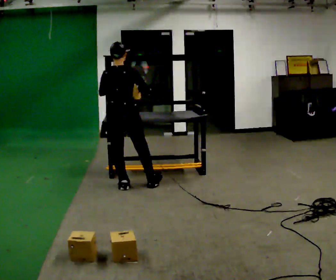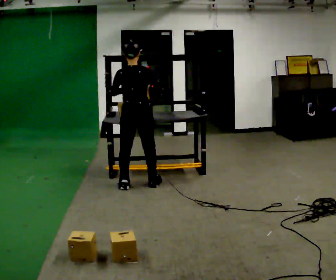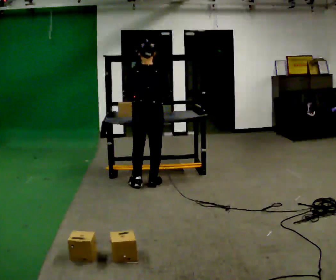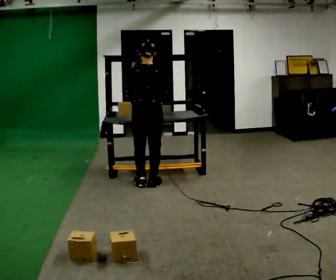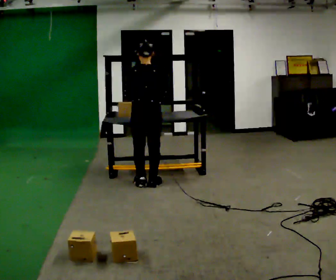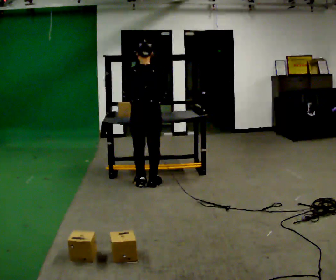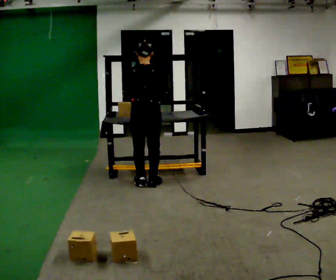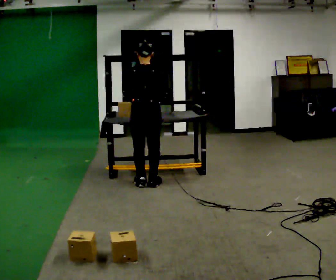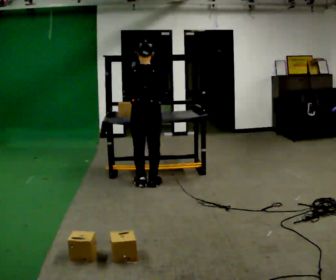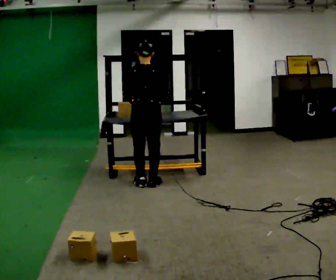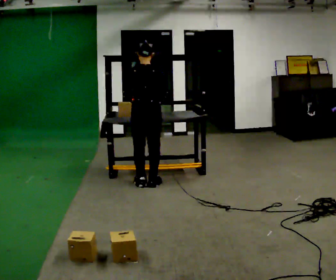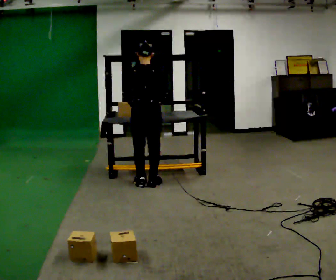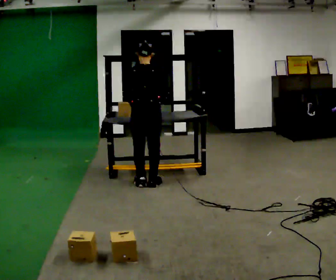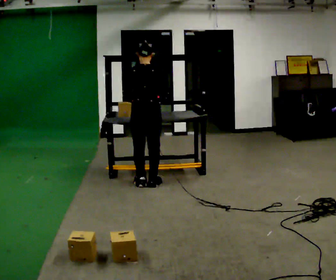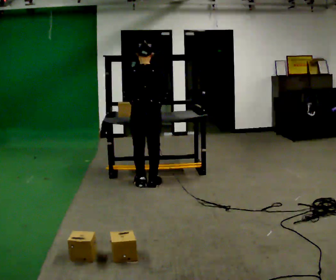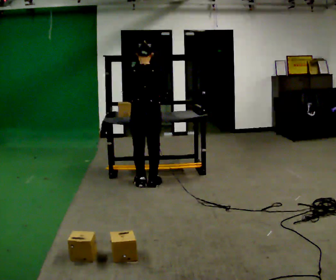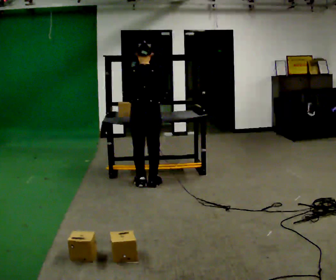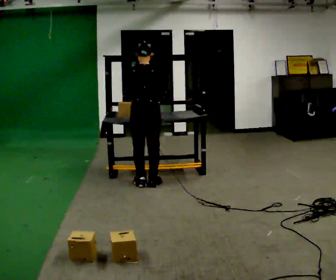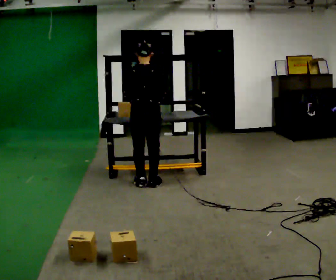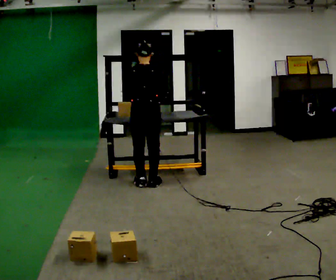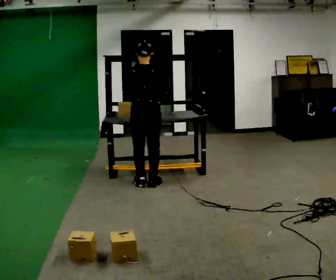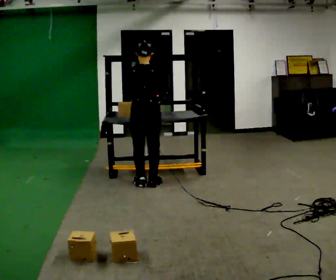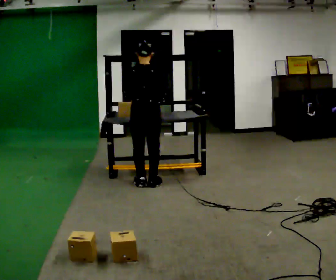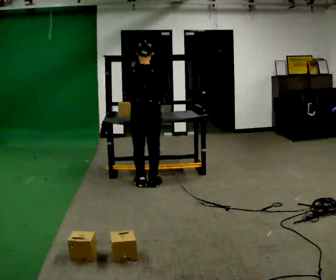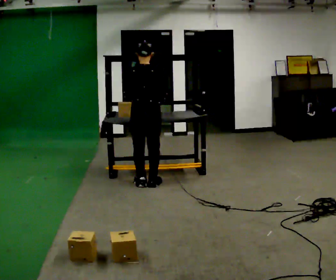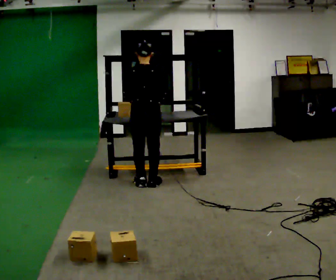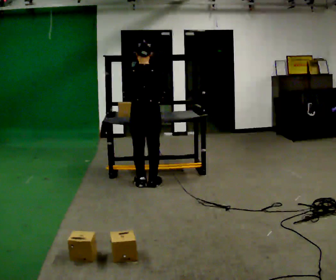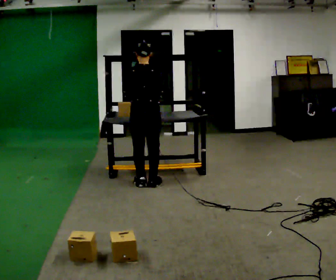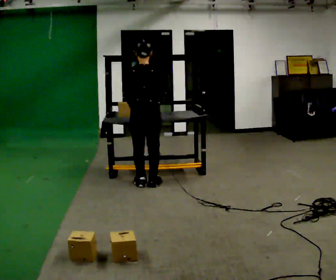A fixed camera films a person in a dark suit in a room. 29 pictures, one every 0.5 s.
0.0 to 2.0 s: In the picture they go to the right, about 0.25 m in 1 step, which for them is to their right and forward.
2.0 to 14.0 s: The person moves a little, or ends about where they began.
The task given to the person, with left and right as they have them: Carry the box over and put it on the shelf with the label facing out towards you. Get the orientation right, not just the position. Keep going until the operator says stop; one object at a time, and do not rush between trips.
The film runs forward here.
